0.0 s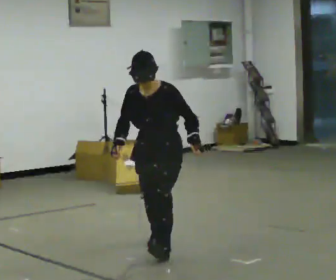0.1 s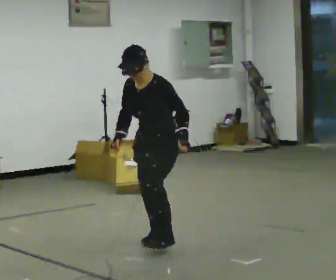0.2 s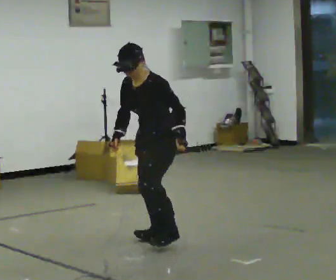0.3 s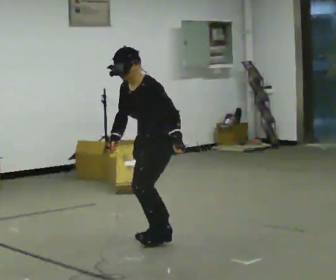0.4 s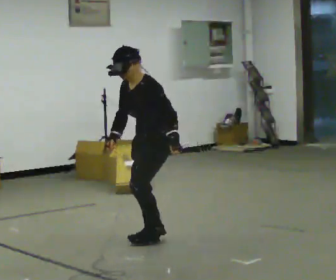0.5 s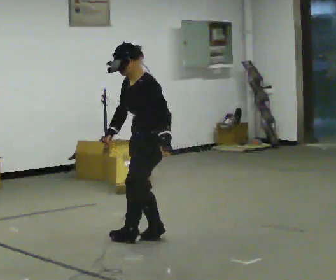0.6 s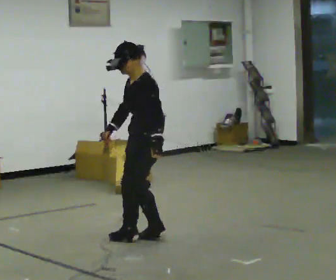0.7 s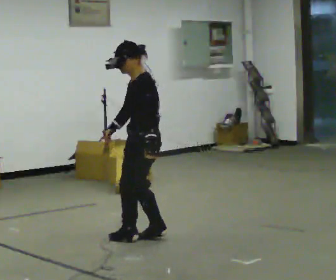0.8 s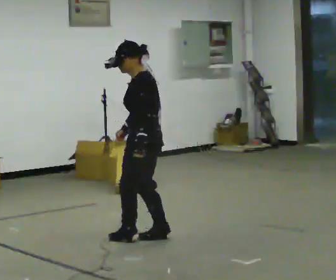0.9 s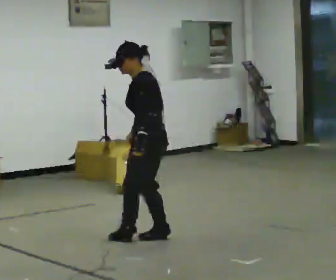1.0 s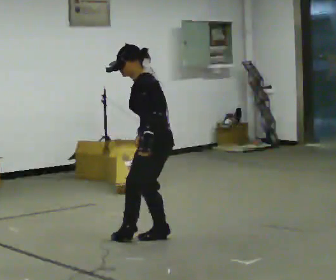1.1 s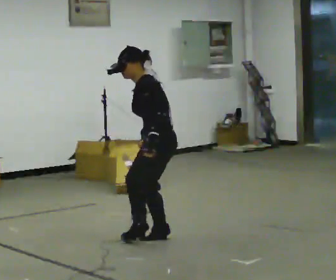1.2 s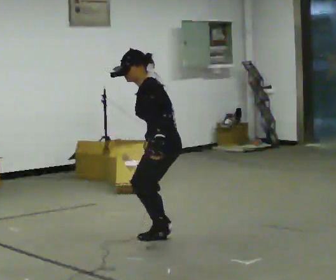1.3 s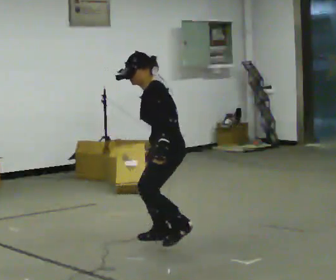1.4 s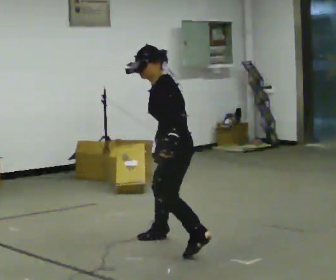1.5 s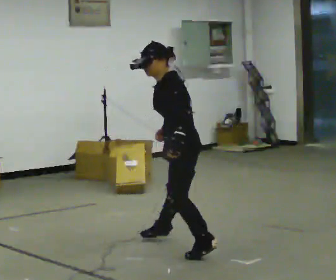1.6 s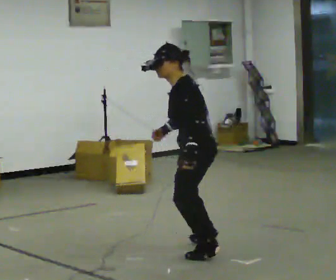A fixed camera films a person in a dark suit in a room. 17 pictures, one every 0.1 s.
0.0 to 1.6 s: The person turns about 75 degrees to their right, clockwise seen from above, so the part of the body nearest the lens slides to the left. In the picture they go toward the camera and to the right, about 0.5 m in 2 steps.
The film runs forward here.
